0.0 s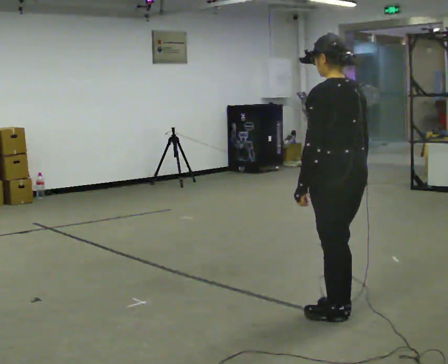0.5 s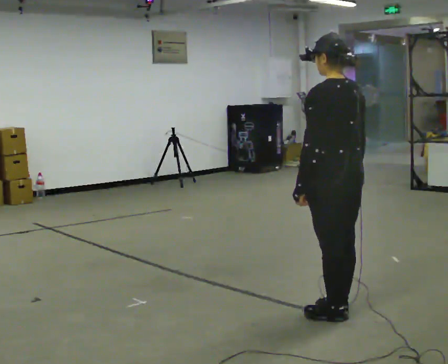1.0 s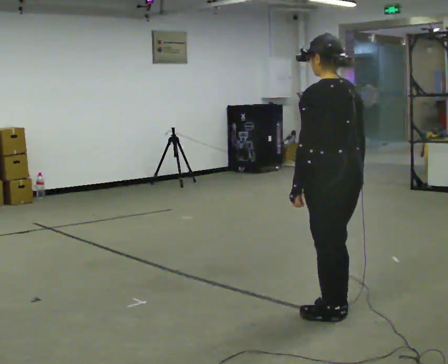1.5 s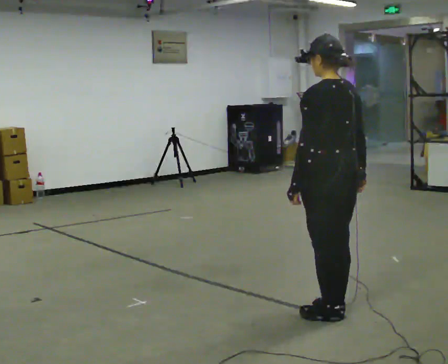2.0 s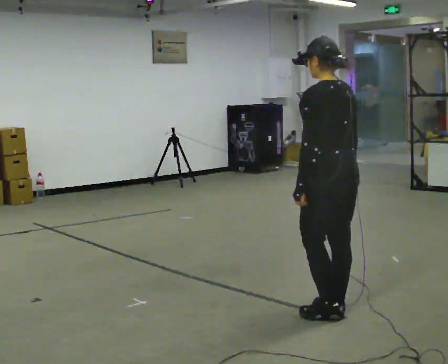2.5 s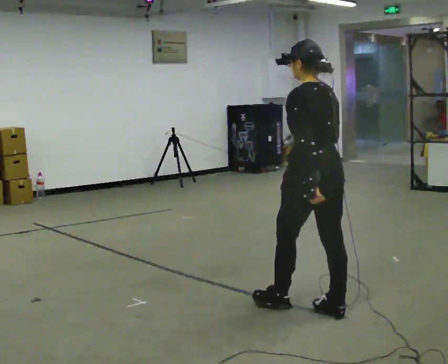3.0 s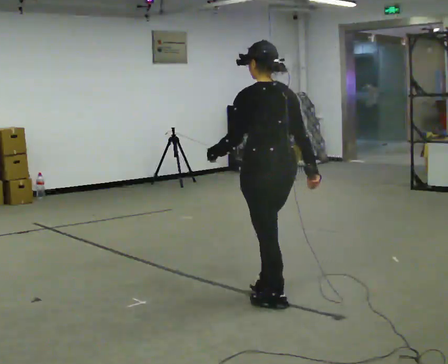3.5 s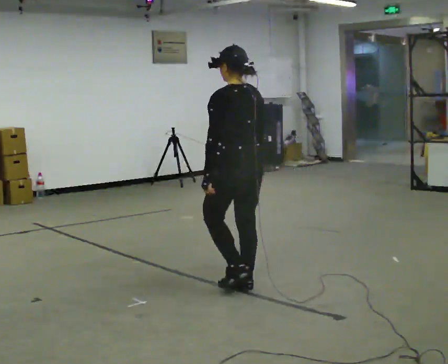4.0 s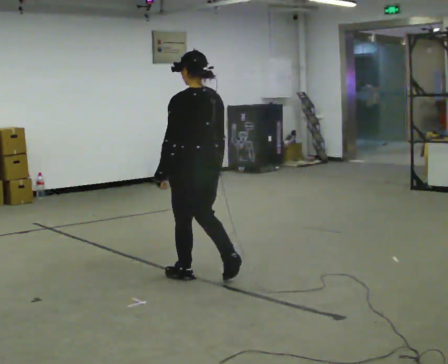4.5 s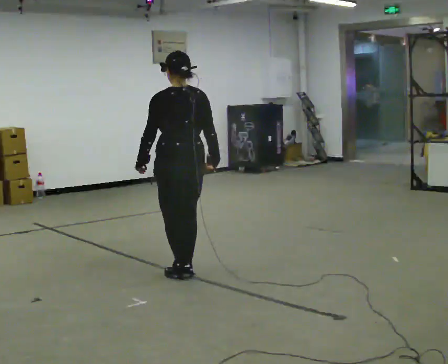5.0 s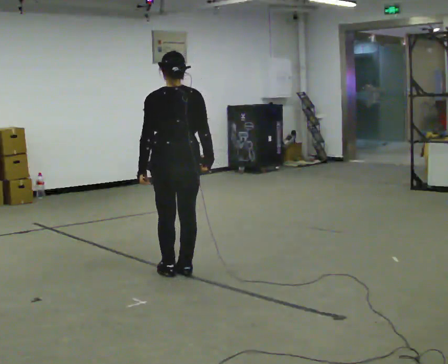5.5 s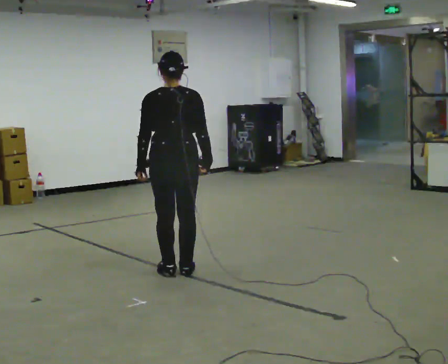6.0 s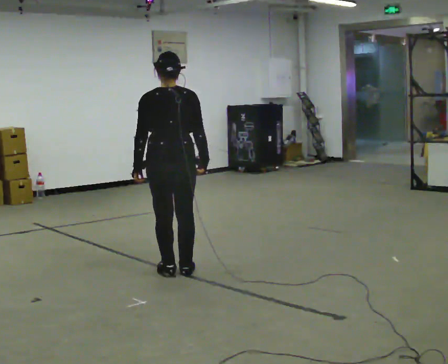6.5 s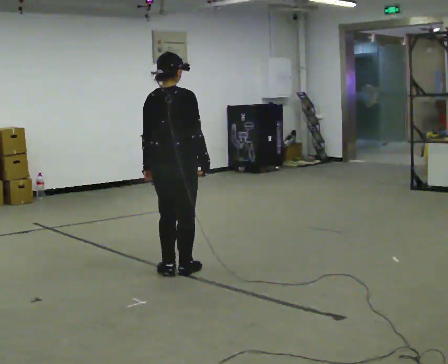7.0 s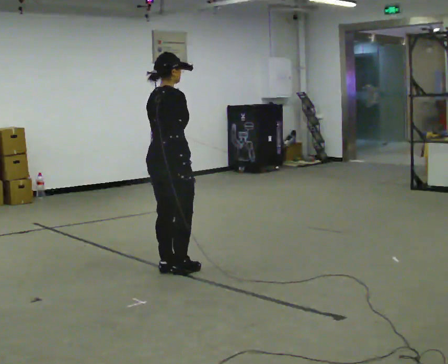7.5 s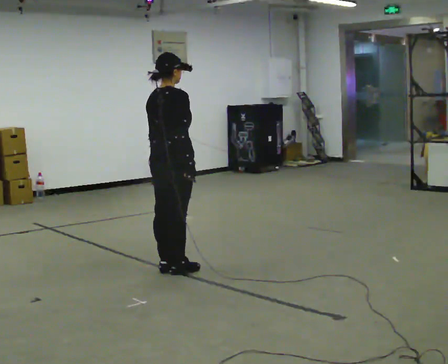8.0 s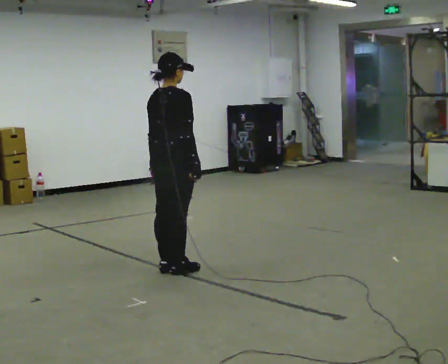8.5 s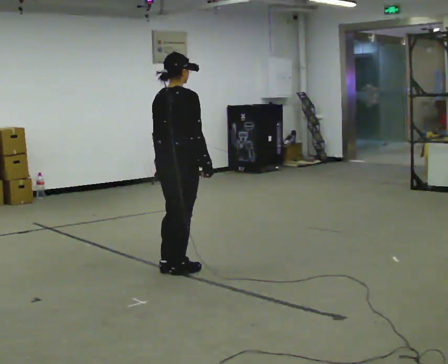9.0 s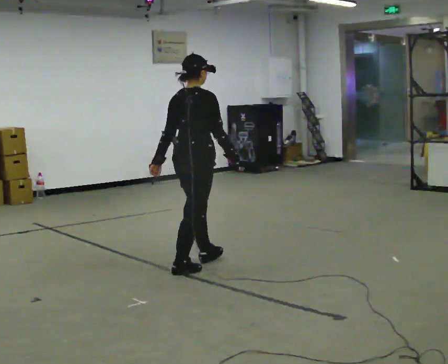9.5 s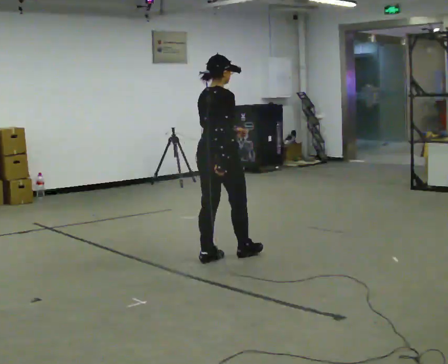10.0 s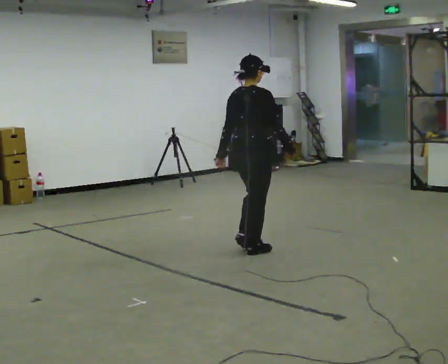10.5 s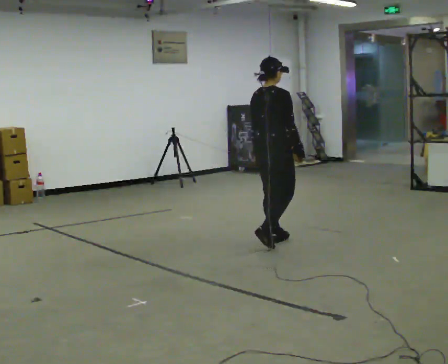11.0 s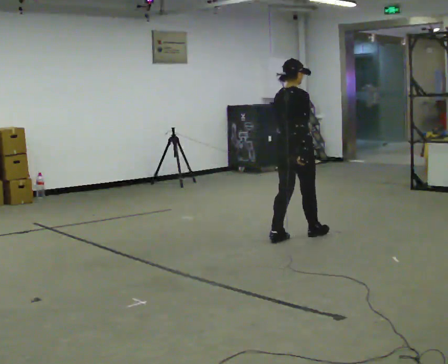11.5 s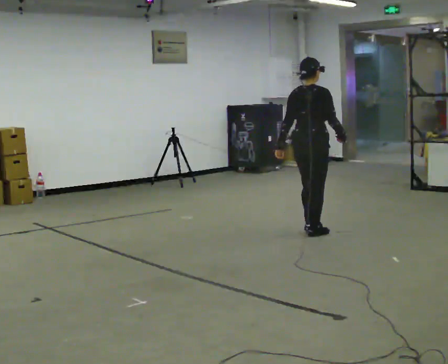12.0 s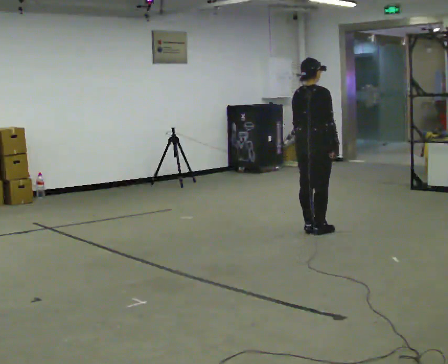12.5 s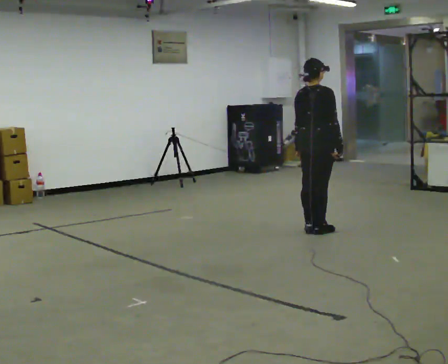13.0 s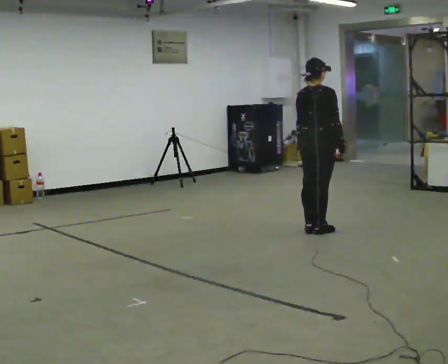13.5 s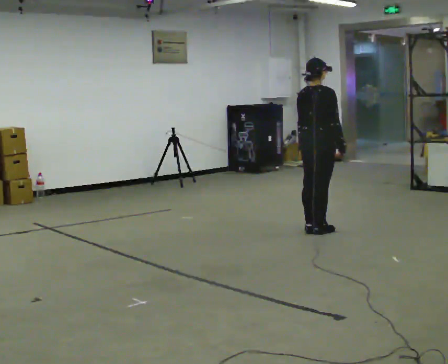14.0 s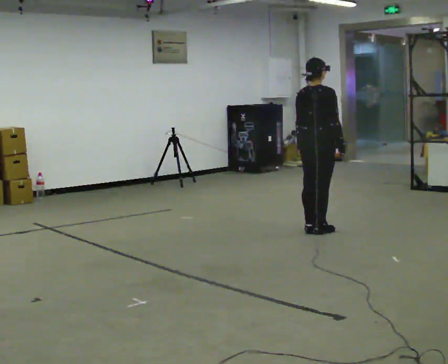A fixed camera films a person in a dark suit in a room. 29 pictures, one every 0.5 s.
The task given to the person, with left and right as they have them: Walk; stop fully; turn 90° left/right while standing; walk new direction.
0.0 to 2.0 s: The person moves a little, or ends about where they began.
2.0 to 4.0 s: In the picture they go away from the camera and to the left, about 1 m in 3 steps, which for them is forward.
4.0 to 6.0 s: The person turns about 30 degrees to their right, clockwise seen from above, so the part of the body nearest the lens slides to the left. In the picture they go away from the camera and to the left, about 0.25 m in 2 steps, which for them is forward and to their left.
6.0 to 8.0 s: The part of the body nearest the lens slides to the left as the person turns to their right by about 60 degrees.
8.0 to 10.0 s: In the picture they go to the right and away from the camera, about 1 m in 2 steps, which for them is forward.
10.0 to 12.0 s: In the picture they go to the right and away from the camera, about 1 m in 3 steps, which for them is forward.
12.0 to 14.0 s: The person moves a little, or ends about where they began.
The film runs forward here.
